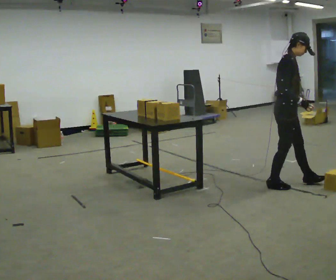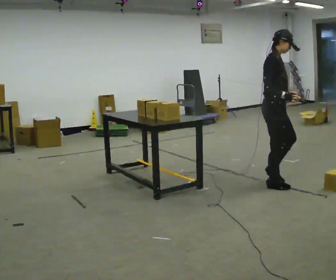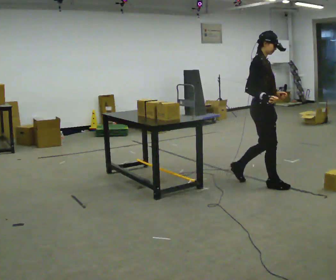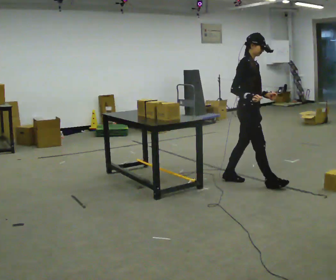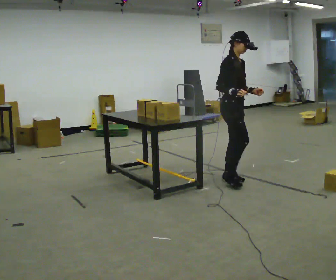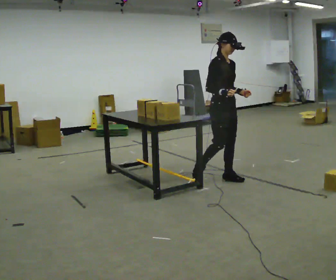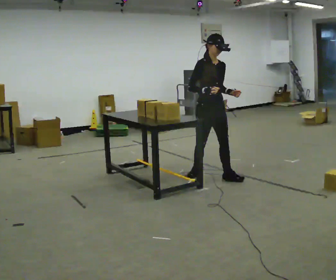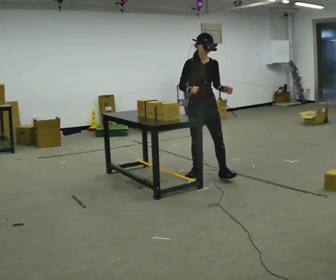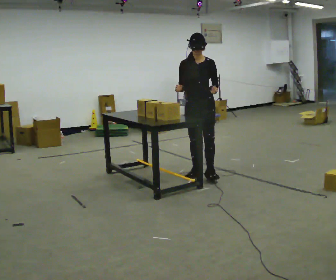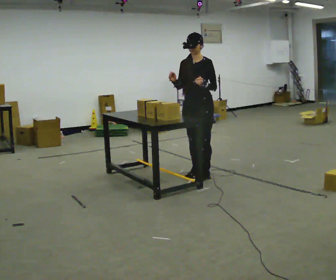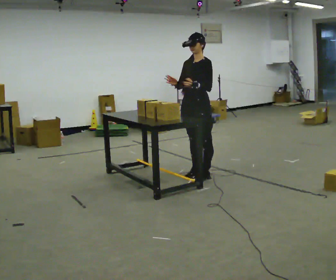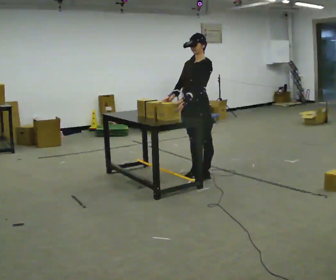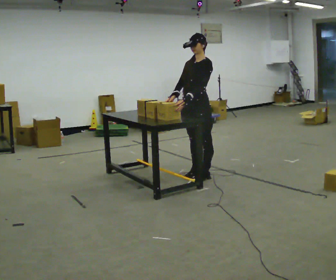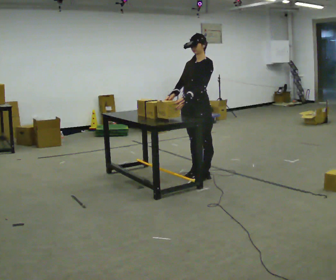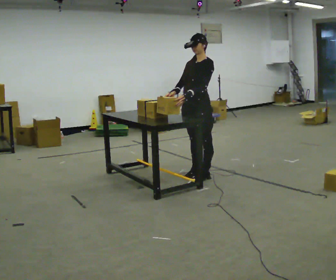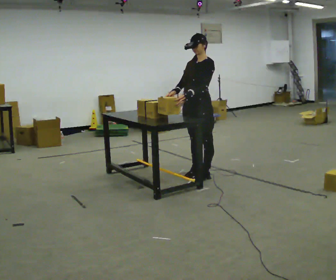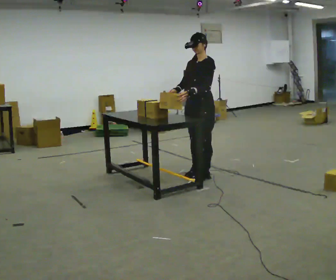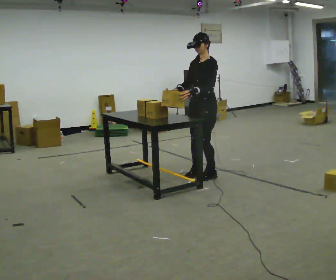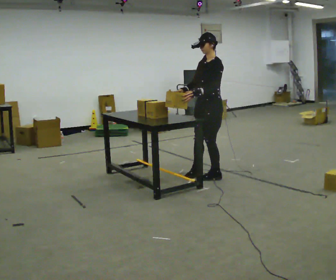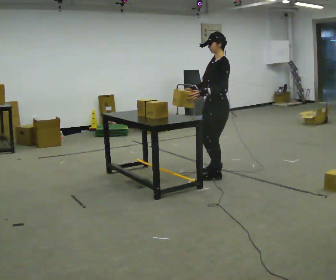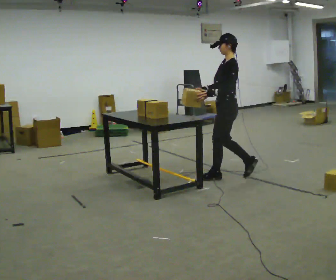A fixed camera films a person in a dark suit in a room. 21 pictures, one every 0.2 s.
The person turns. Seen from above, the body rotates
clockwise.
The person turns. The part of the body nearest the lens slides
to the left.
0.0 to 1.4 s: The part of the body nearest the lens slides to the left as the person turns to their right by about 45 degrees. In the picture they go to the left and away from the camera, about 1 m in 2 steps, which for them is backward.
1.4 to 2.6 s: The person turns about 60 degrees to their right, clockwise seen from above, so the part of the body nearest the lens slides to the left. In the picture their left hand goes to the left.
2.6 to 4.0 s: Seen from above the body turns clockwise, about 60 degrees: to their right, with its near side sliding to the left. In the picture they go to the right, about 0.25 m in 1 step, which for them is to their left and backward.
The film runs backward here.
